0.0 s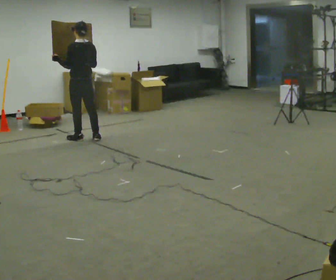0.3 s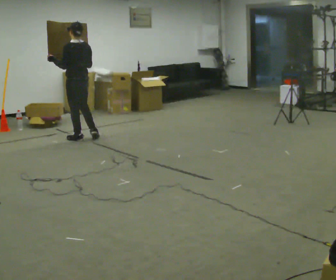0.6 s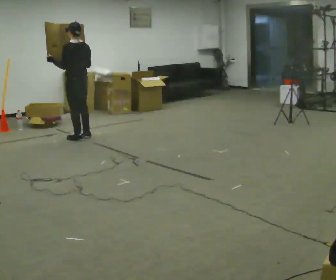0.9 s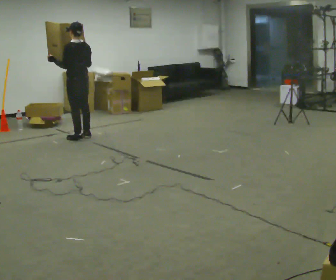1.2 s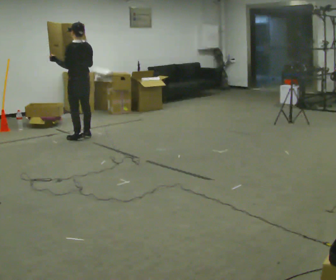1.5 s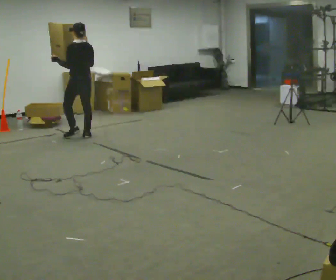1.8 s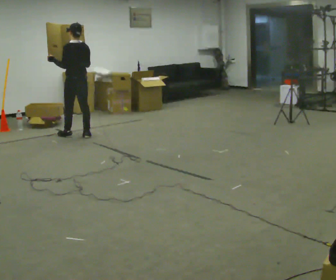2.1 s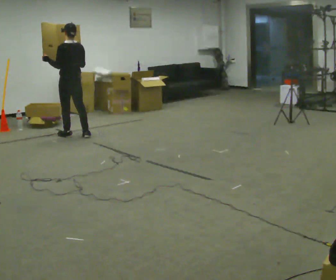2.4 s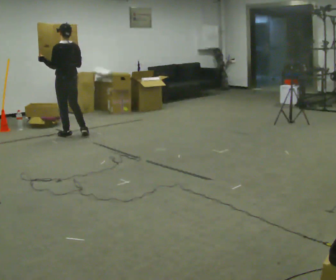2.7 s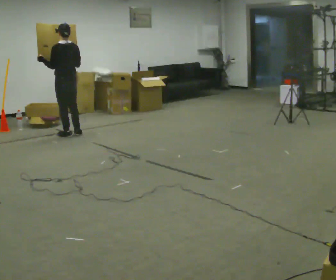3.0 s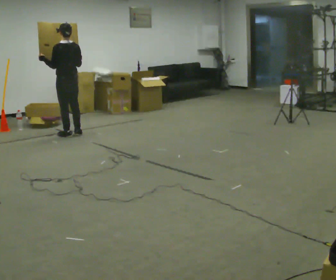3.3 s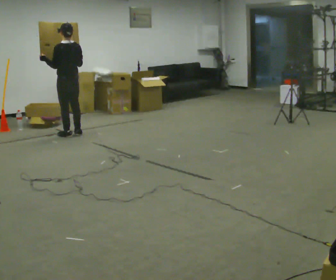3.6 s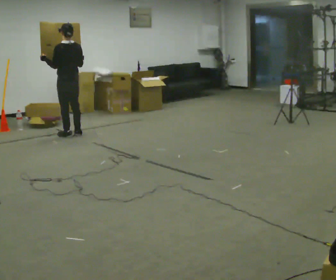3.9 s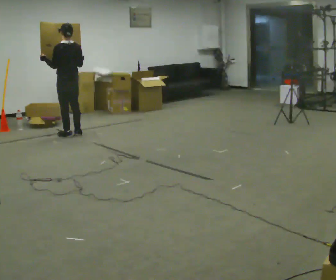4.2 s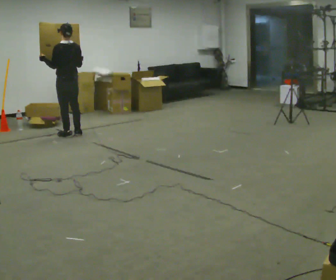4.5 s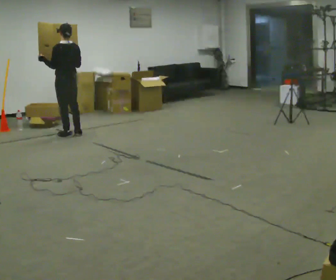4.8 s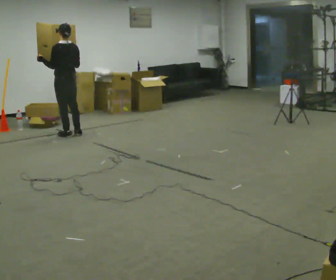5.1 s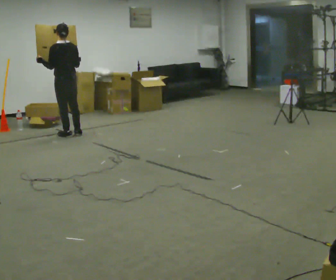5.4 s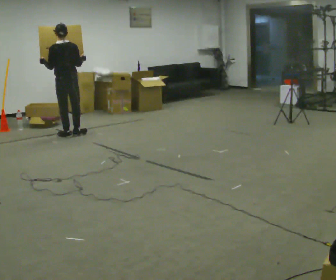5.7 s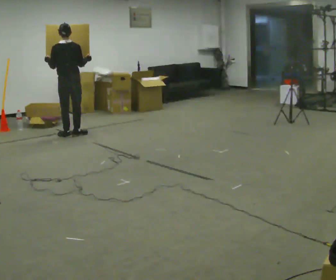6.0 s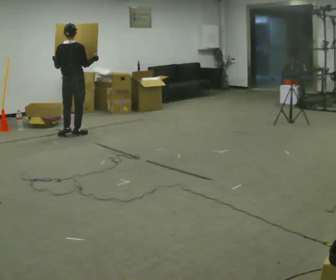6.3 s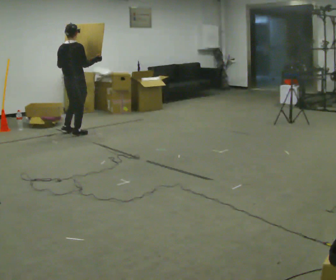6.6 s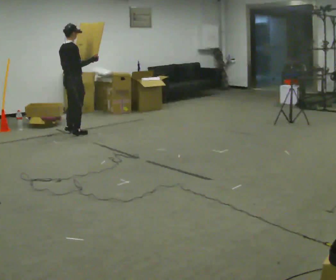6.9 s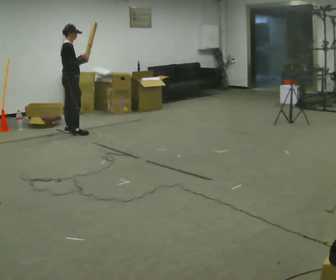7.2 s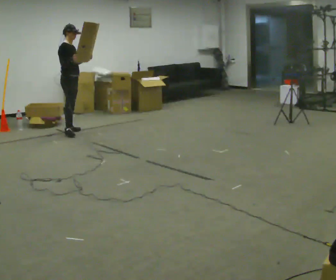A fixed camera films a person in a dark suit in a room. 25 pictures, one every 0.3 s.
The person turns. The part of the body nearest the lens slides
to the left.
The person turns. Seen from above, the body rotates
clockwise.
0.0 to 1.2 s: In the picture they go away from the camera, about 0.25 m in 1 step, which for them is forward.
1.2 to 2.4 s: In the picture they go to the left, about 0.25 m in 1 step, which for them is forward and to their left.
2.4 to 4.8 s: The person moves a little, or ends about where they began.
4.8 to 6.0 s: The part of the body nearest the lens slides to the left as the person turns to their right by about 45 degrees.
6.0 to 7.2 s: The part of the body nearest the lens slides to the left as the person turns to their right by about 105 degrees. In the picture they go away from the camera, about 0.25 m in 1 step. In the picture their right hand goes to the left.
The film runs forward here.
